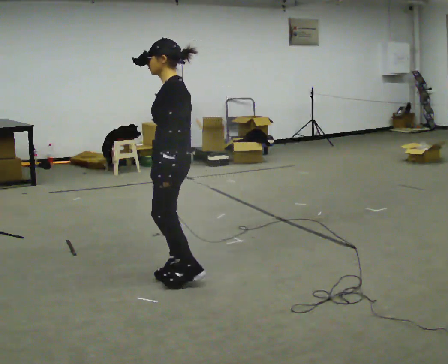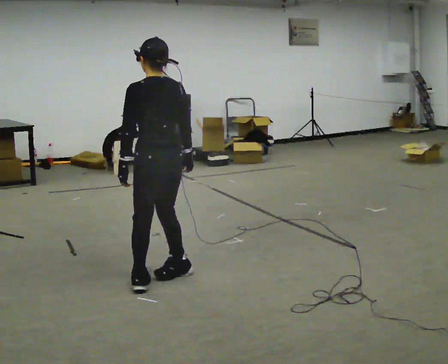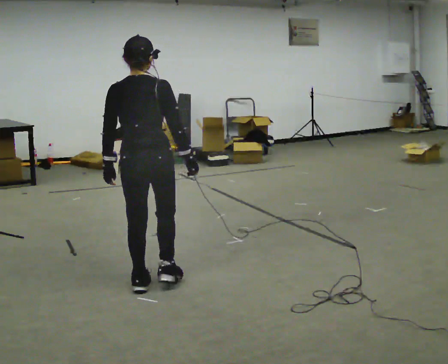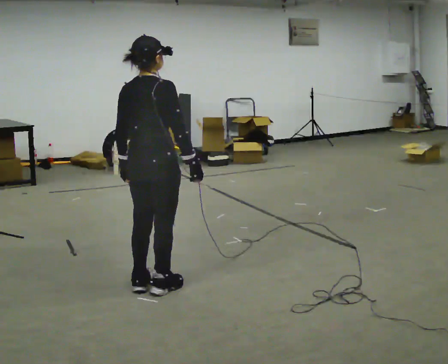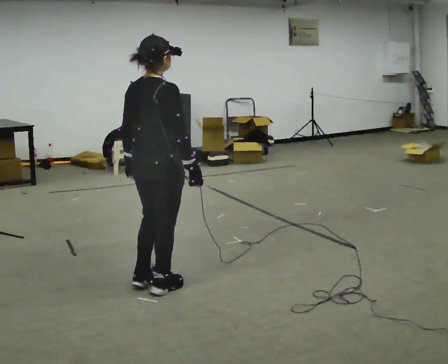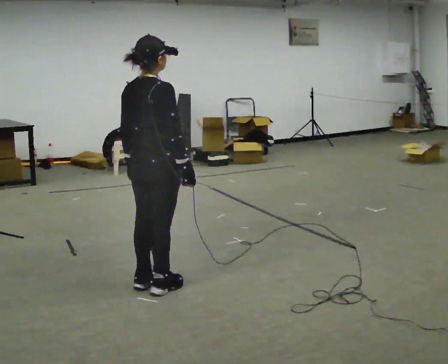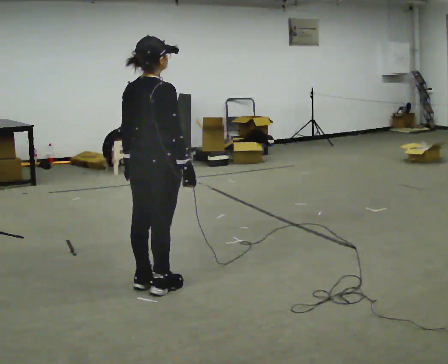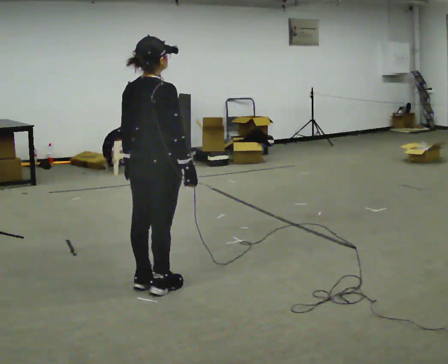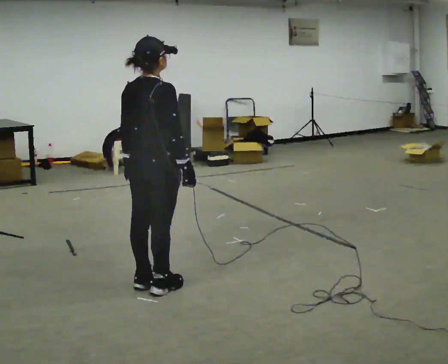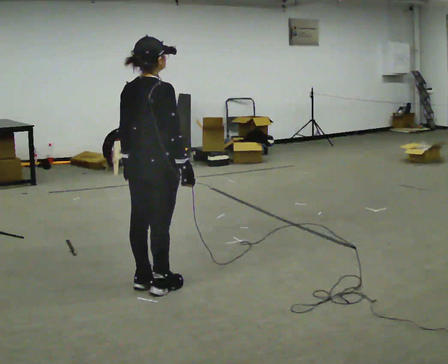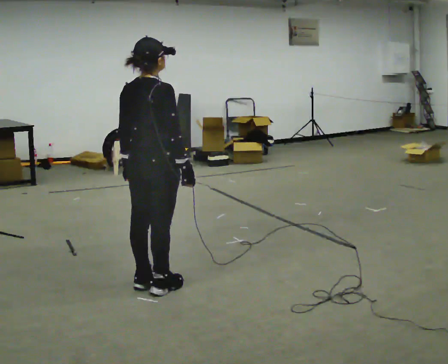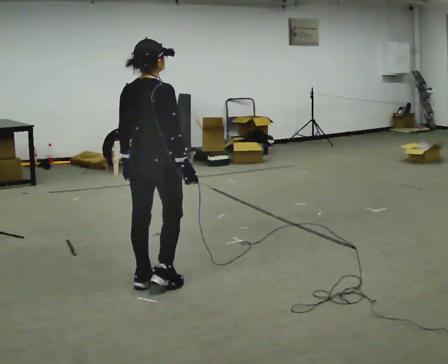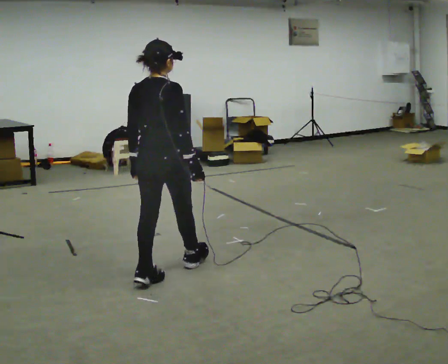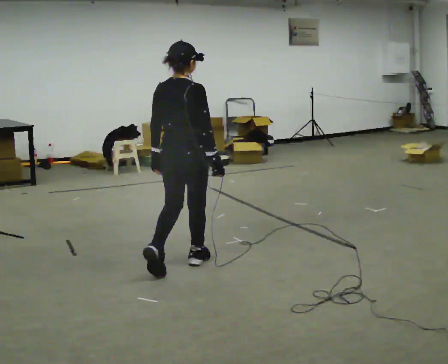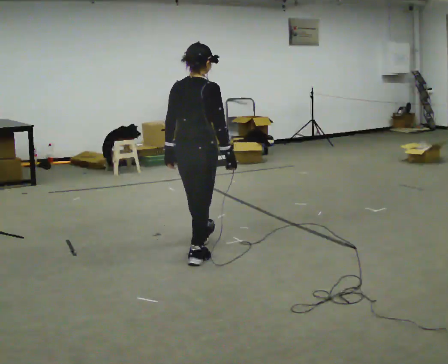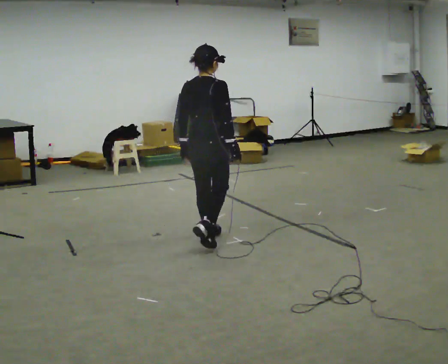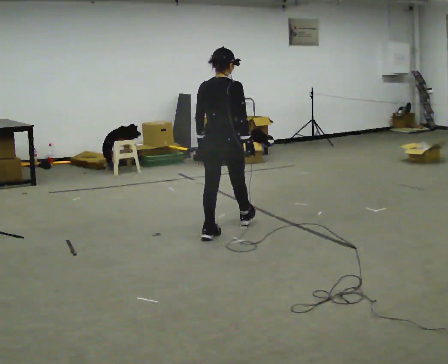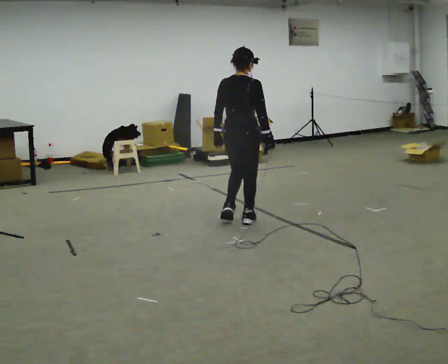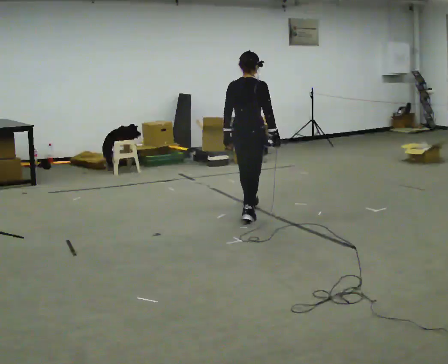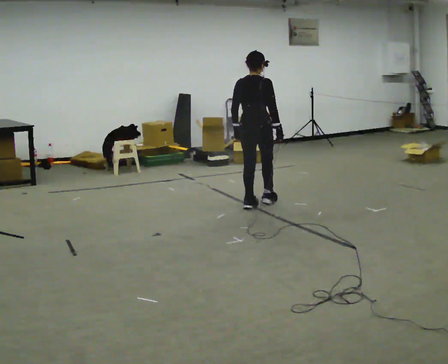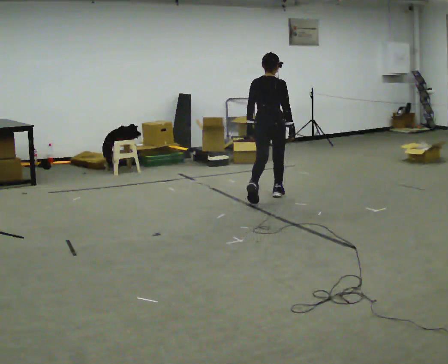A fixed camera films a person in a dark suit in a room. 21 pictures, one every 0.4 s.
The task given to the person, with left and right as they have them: Walk forward while moving diagonally left/right; finish ~45° from start direction.
0.0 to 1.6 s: The person turns about 120 degrees to their right, clockwise seen from above, so the part of the body nearest the lens slides to the left. In the picture they go toward the camera, about 0.25 m in 2 steps.
1.6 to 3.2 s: The person moves a little, or ends about where they began.
3.2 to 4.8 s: In the picture they go away from the camera, about 0.25 m, which for them is forward.
4.8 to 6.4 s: In the picture they go away from the camera and to the right, about 1 m in 2 steps, which for them is forward.
6.4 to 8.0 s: In the picture they go away from the camera and to the right, about 1 m in 3 steps, which for them is forward.
The film runs forward here.
